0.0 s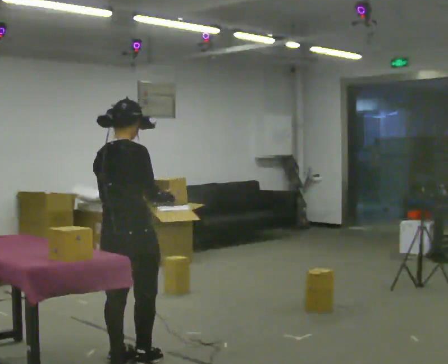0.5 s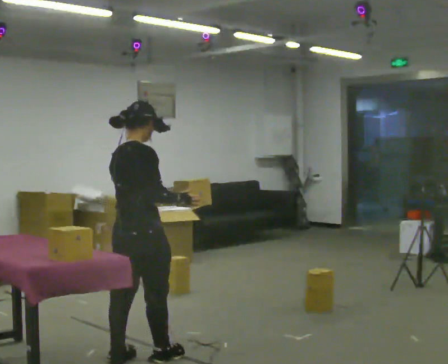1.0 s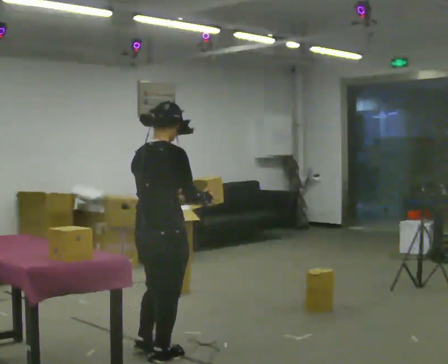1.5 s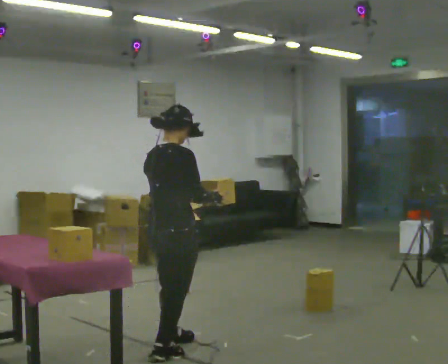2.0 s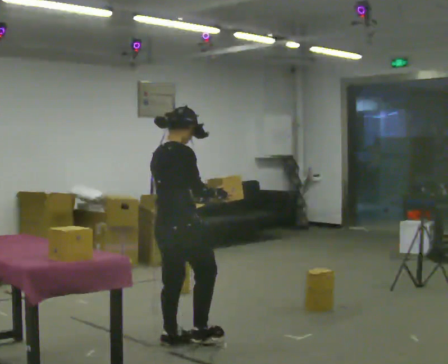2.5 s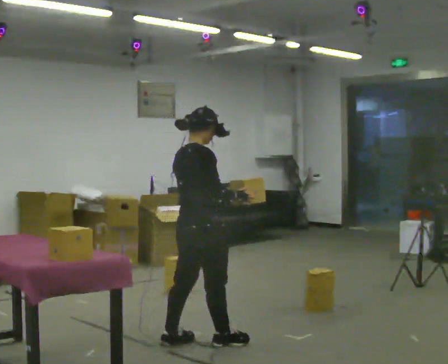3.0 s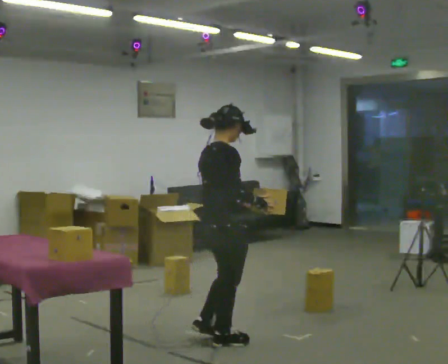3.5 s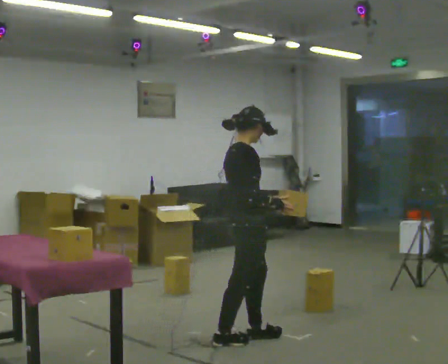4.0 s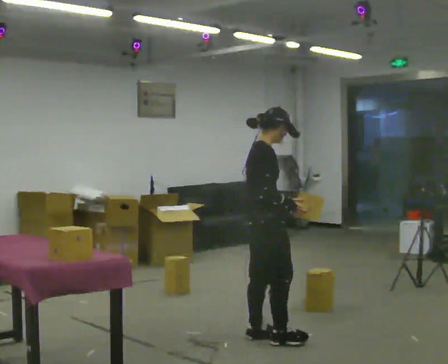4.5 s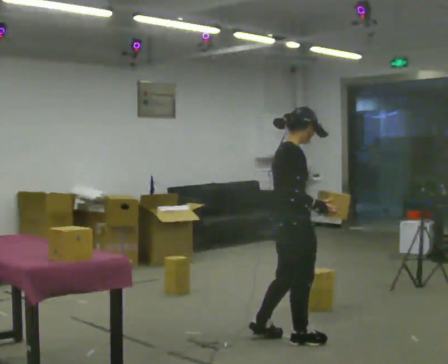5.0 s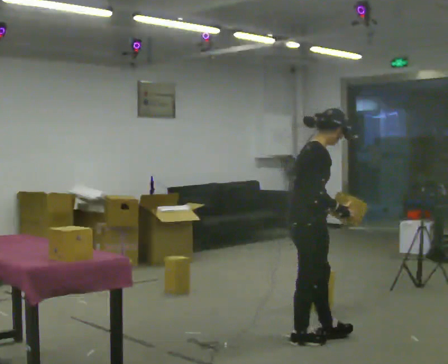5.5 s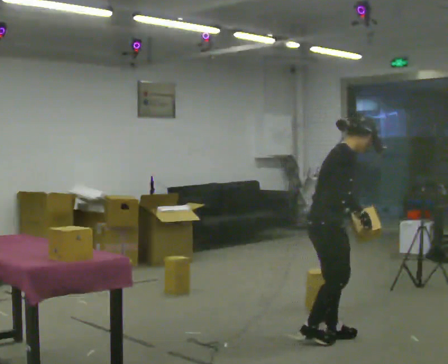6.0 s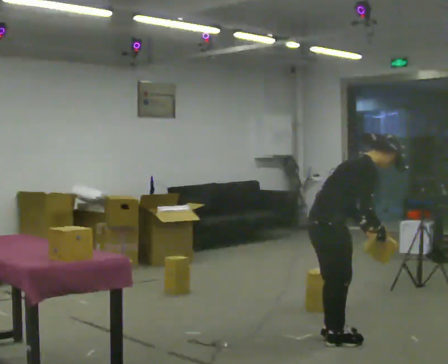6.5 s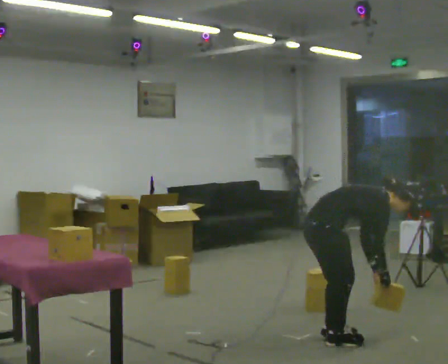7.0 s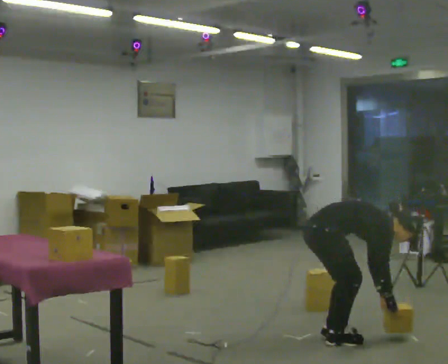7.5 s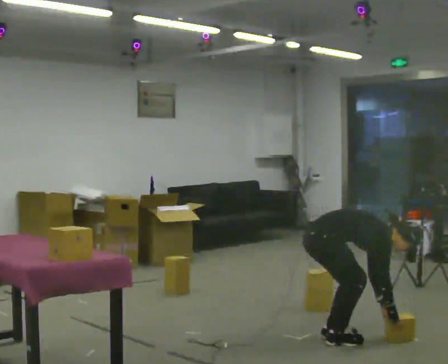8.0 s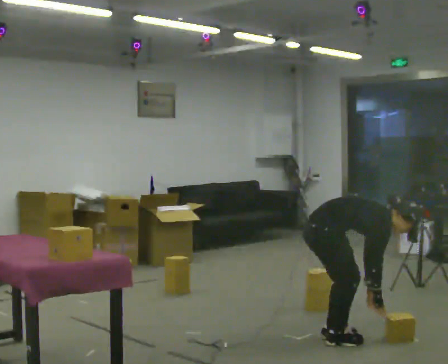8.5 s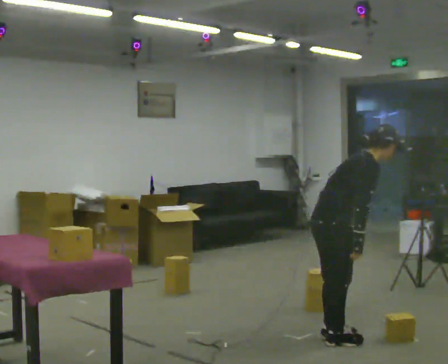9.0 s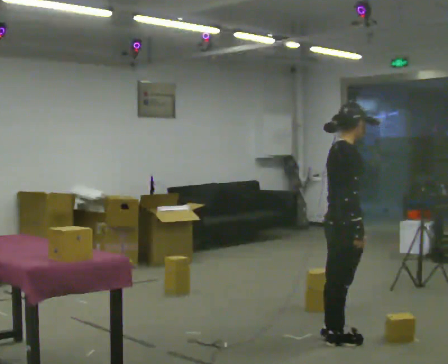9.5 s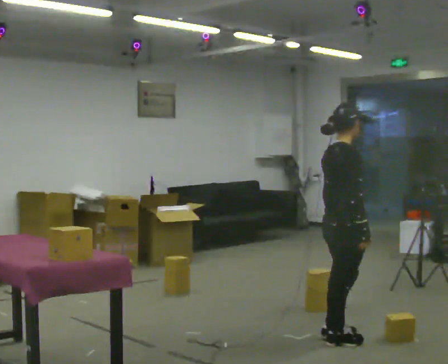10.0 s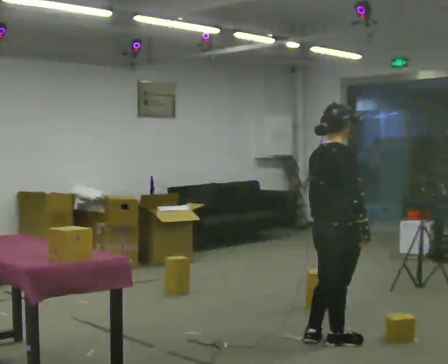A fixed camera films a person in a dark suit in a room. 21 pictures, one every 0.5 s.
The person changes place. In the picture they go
to the right.
The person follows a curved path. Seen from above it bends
clockwise.
0.0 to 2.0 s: In the picture they go away from the camera and to the right, about 0.5 m in 2 steps, which for them is forward.
2.0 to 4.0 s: Seen from above the body turns clockwise, about 30 degrees: to their right, with its near side sliding to the left. In the picture they go to the right, about 0.5 m in 2 steps, which for them is forward.
4.0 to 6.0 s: In the picture they go to the right, about 0.5 m in 3 steps, which for them is forward. In the picture the upper body tilts clockwise, shoulders to the right, as they bend forward.
6.0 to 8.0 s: In the picture their right hand goes downward.
8.0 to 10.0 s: The person turns about 30 degrees to their left, counterclockwise seen from above, so the part of the body nearest the lens slides to the right. The shoulders move upward. In the picture the upper body tilts counterclockwise, shoulders to the left, as they lean back or straighten. In the picture their right hand goes upward.
The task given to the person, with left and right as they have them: Take the objects from the bin one at a time and put one in each of the places the operator points out. Keep going until the operator says stop; one object at a time, and do not rush between trips.
The film runs forward here.
